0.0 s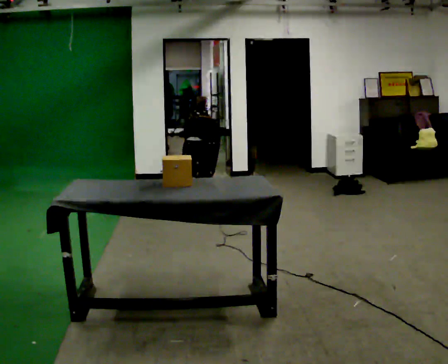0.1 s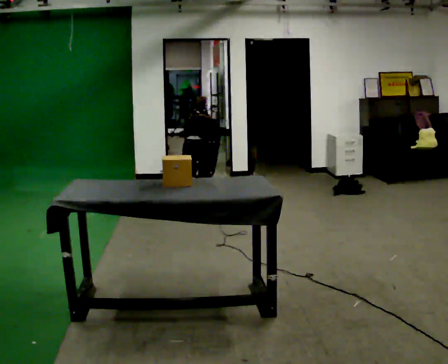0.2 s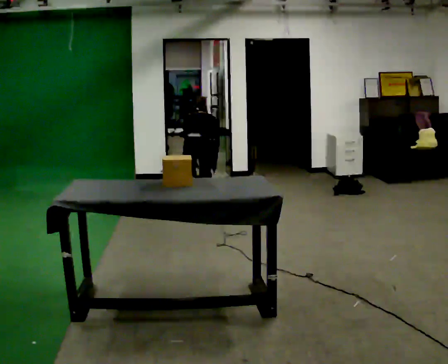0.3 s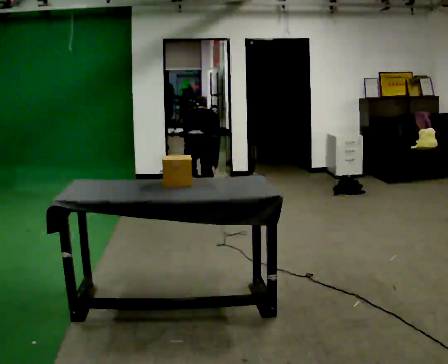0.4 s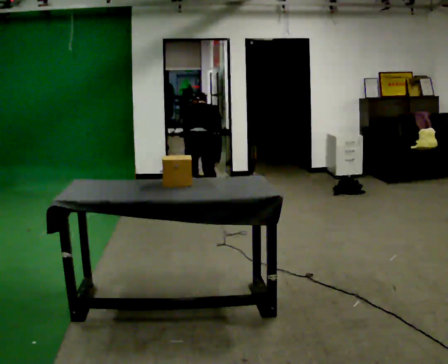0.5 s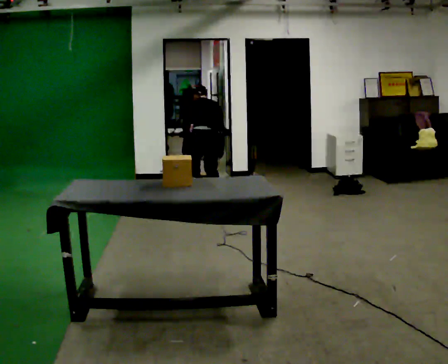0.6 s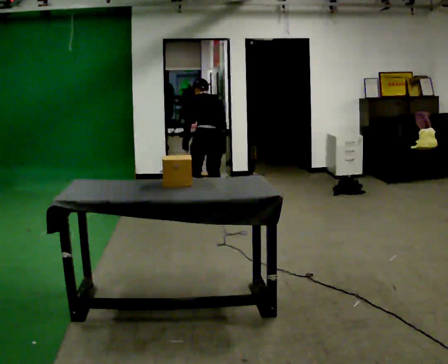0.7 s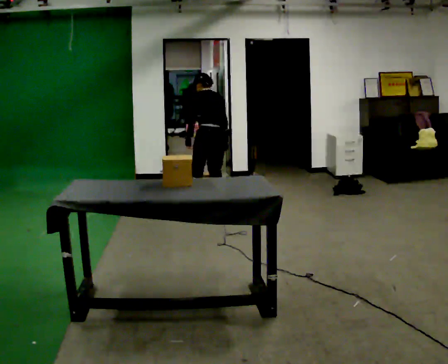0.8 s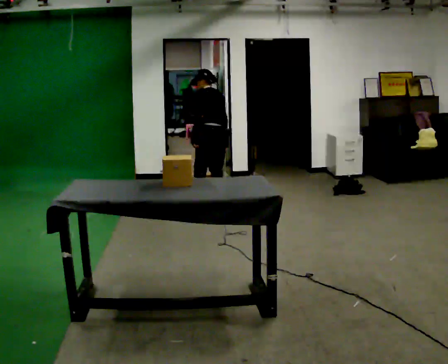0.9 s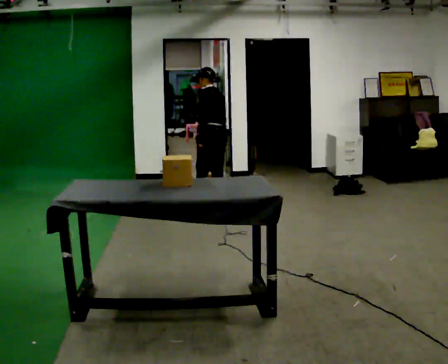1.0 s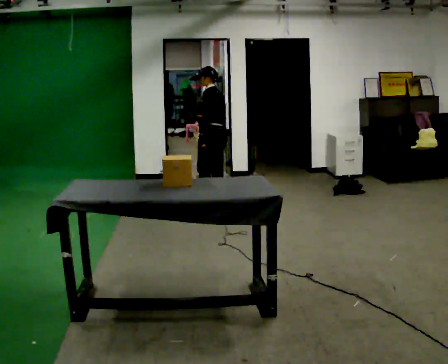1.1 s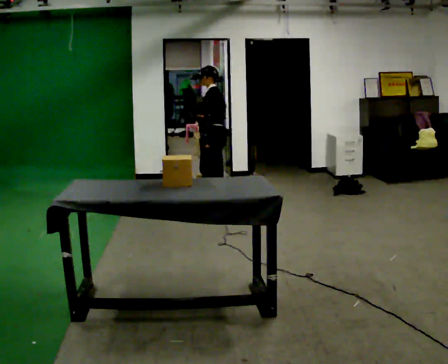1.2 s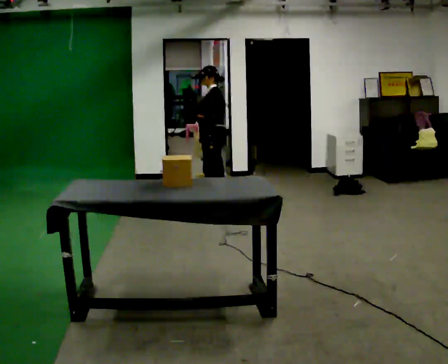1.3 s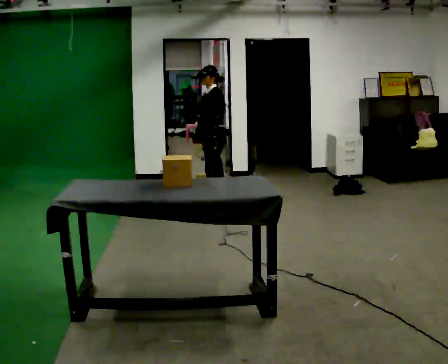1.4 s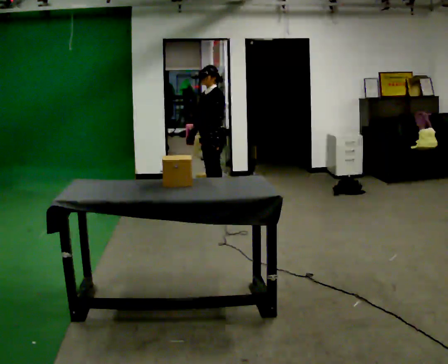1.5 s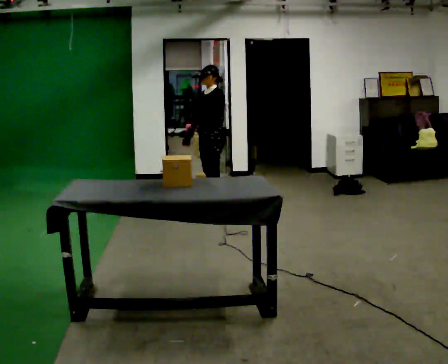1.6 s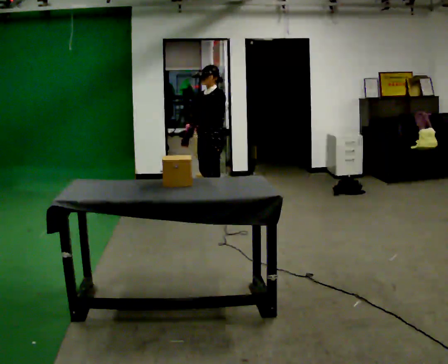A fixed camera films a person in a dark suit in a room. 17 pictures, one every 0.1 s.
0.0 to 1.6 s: The part of the body nearest the lens slides to the right as the person turns to their left by about 120 degrees. The shoulders move upward. The upper body tips toward the camera, its near side rolling downward, as they lean back or straighten. In the picture their right hand goes upward.
The film runs forward here.
